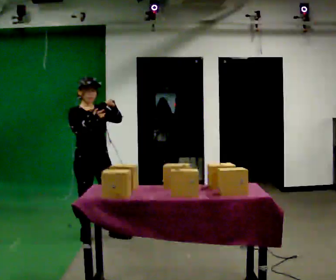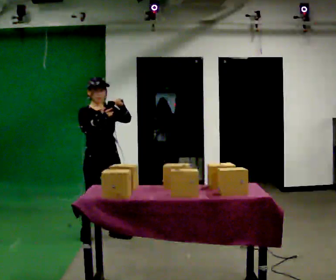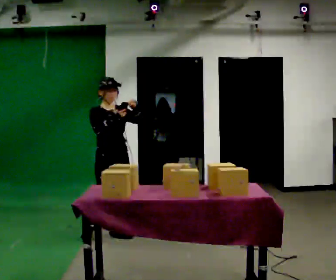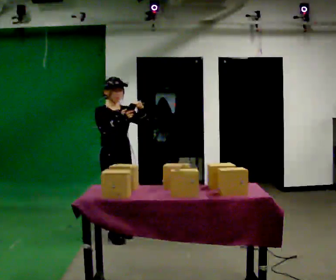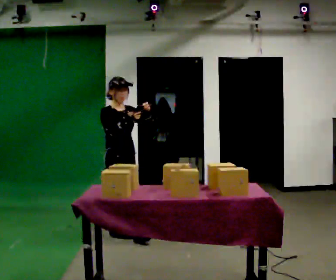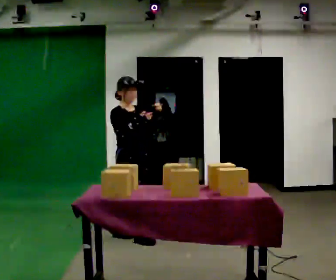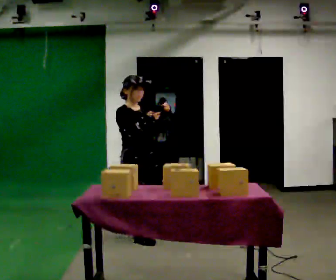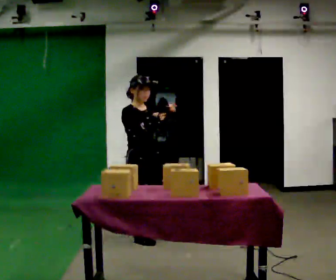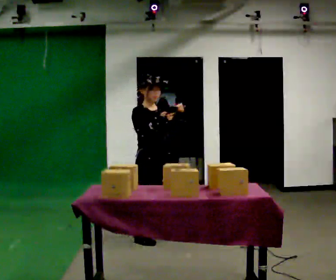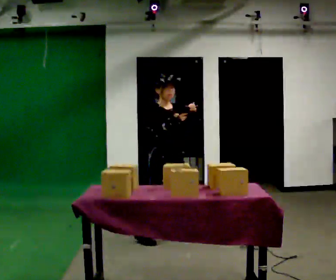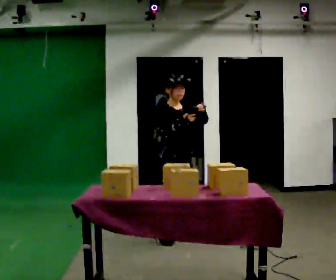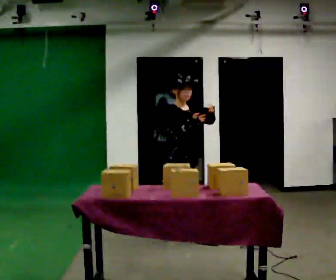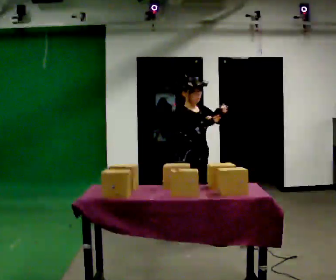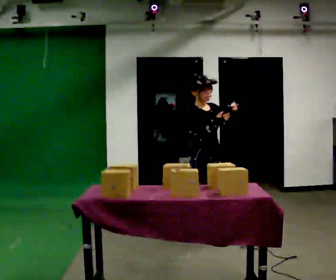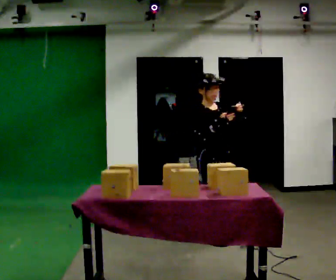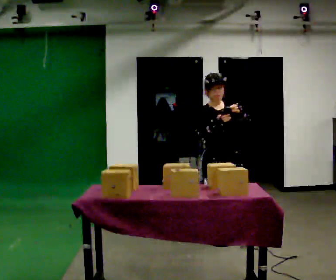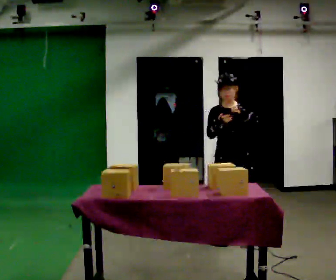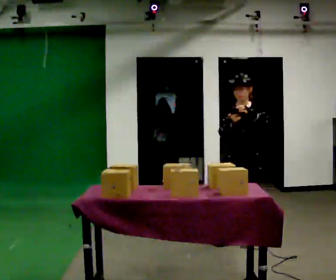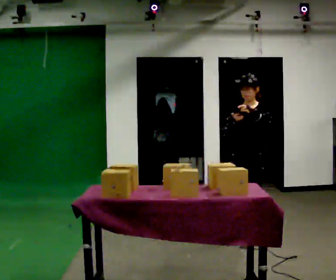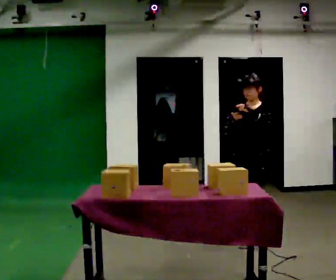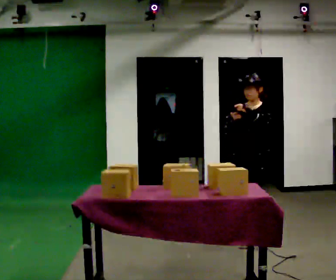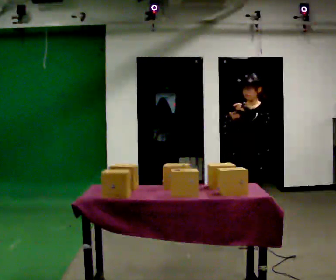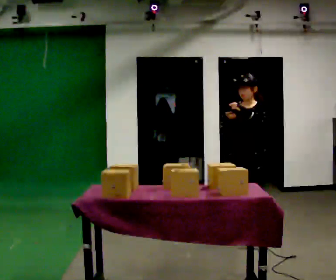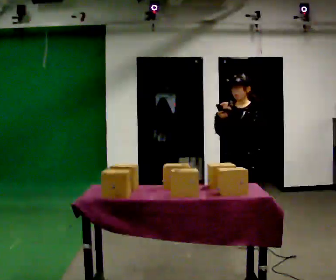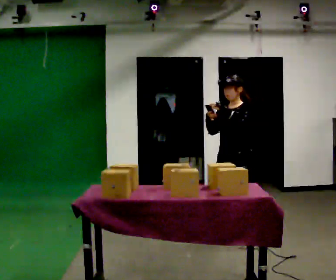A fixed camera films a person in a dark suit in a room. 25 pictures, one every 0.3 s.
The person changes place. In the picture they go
to the right.
0.0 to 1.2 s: The person turns about 30 degrees to their left, counterclockwise seen from above, so the part of the body nearest the lens slides to the right. In the picture they go to the right, about 0.25 m in 1 step, which for them is to their left and forward.
1.2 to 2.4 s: In the picture they go to the right and toward the camera, about 0.25 m in 1 step, which for them is forward.
2.4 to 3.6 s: In the picture they go to the right, about 0.5 m in 1 step, which for them is forward and to their left.
3.6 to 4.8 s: The person turns about 60 degrees to their right, clockwise seen from above, so the part of the body nearest the lens slides to the left. In the picture they go to the right, about 0.25 m in 1 step, which for them is forward and to their left.
4.8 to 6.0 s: The person turns about 45 degrees to their right, clockwise seen from above, so the part of the body nearest the lens slides to the left. In the picture they go to the right and away from the camera, about 0.25 m in 1 step, which for them is backward and to their left.
6.0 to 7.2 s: In the picture they go to the left, about 0.25 m, which for them is to their right.
The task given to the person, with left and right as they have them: Carry the handheld device and, while walking, point it at the labels on the shelves and press the button as if scanning them.
The film runs forward here.
